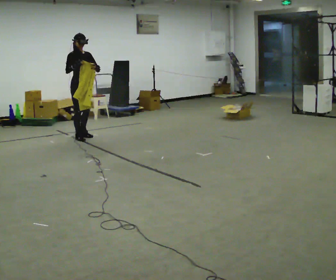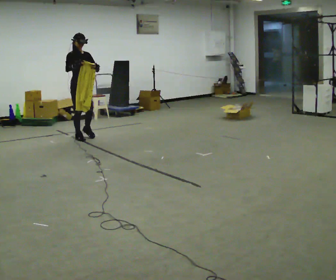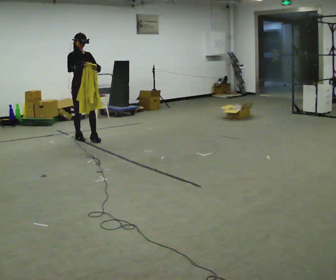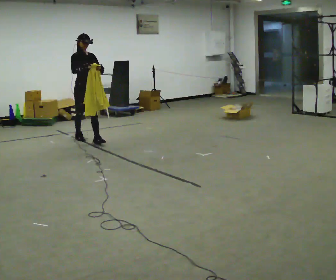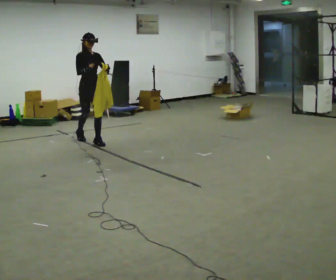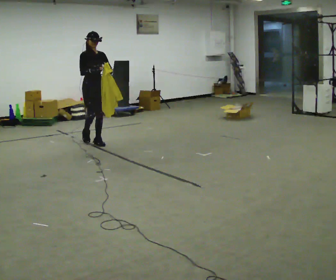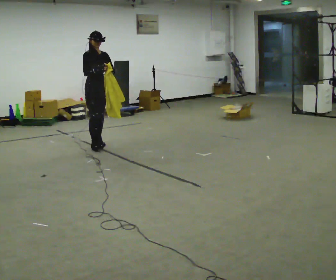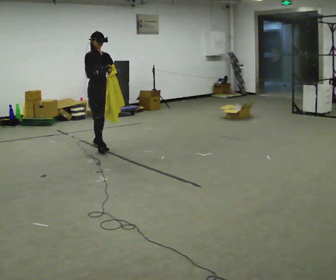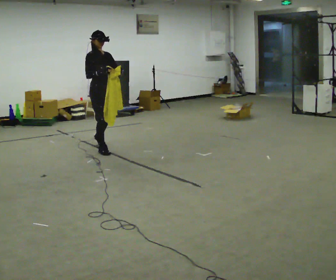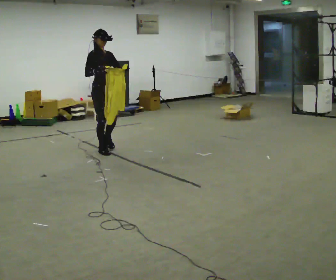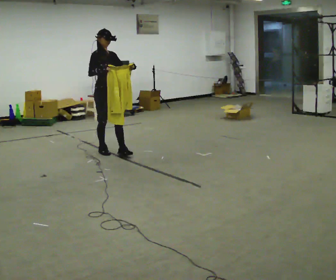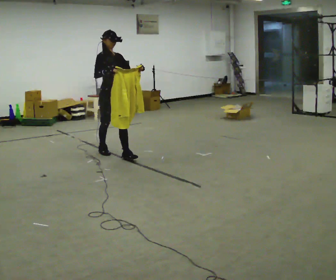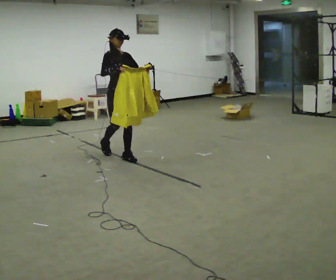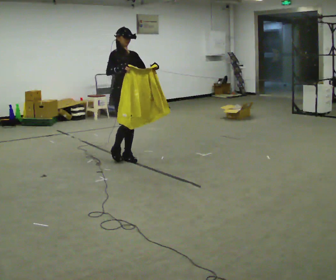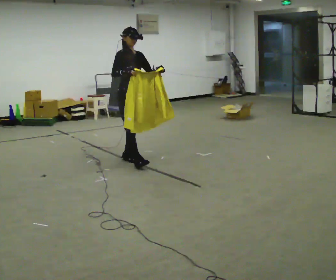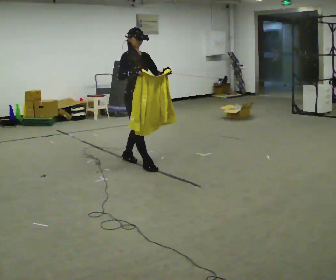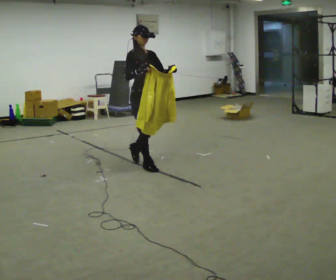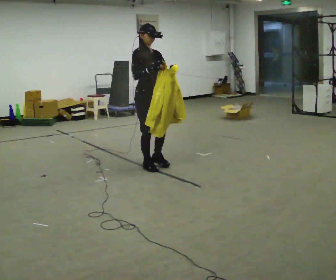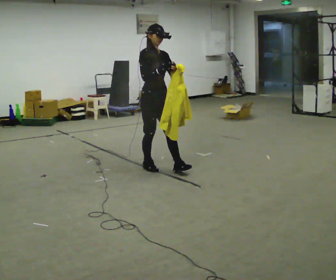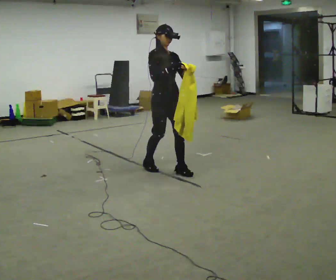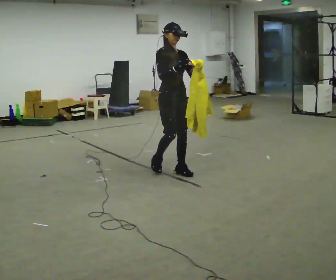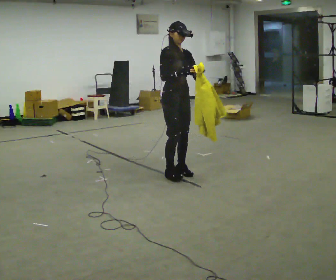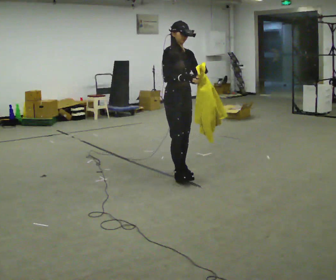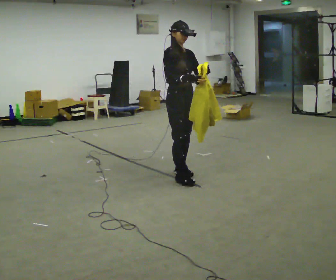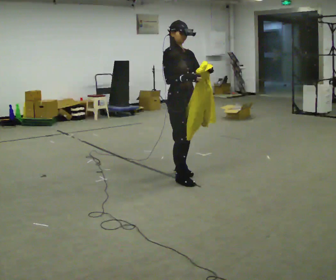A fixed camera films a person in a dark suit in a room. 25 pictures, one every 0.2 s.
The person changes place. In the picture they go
toward the camera.
0.0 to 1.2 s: In the picture they go toward the camera and to the right, about 0.5 m in 1 step, which for them is forward.
1.2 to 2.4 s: In the picture they go toward the camera and to the right, about 1 m in 2 steps, which for them is forward.
2.4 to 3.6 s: In the picture they go toward the camera and to the right, about 0.75 m in 1 step, which for them is forward.
3.6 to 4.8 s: In the picture they go toward the camera and to the right, about 0.5 m in 2 steps, which for them is forward.
The film runs forward here.
